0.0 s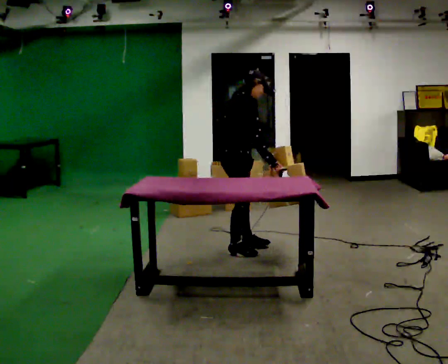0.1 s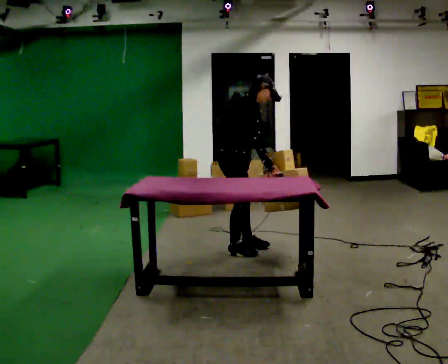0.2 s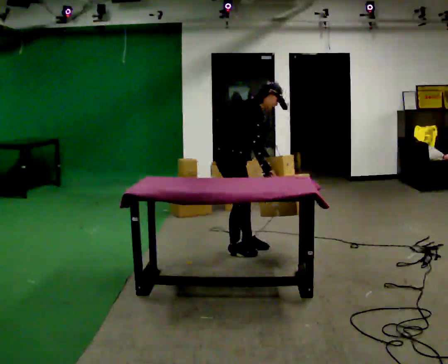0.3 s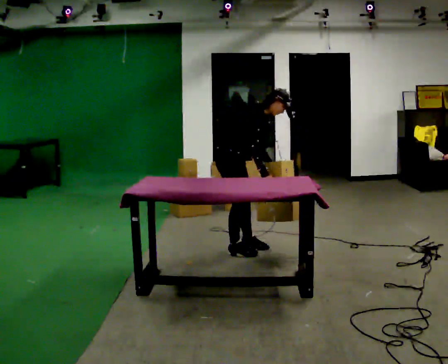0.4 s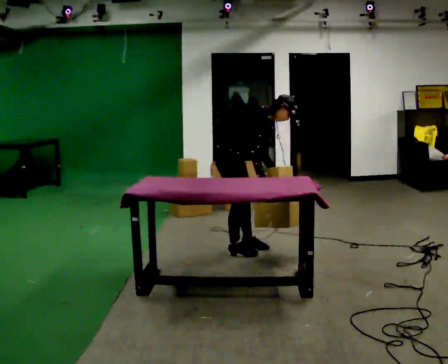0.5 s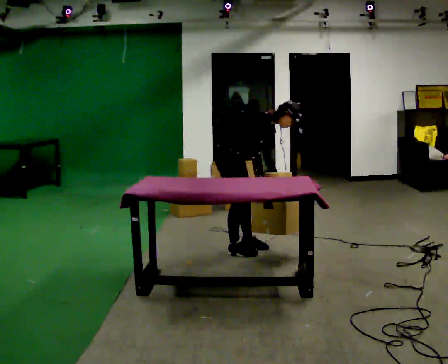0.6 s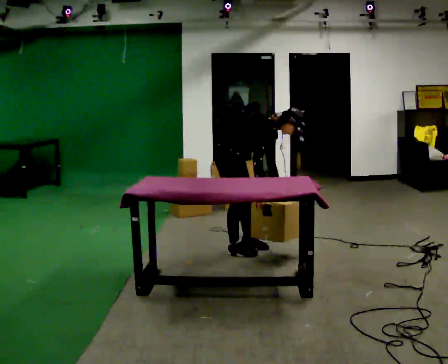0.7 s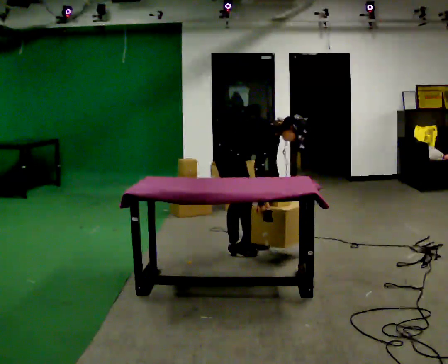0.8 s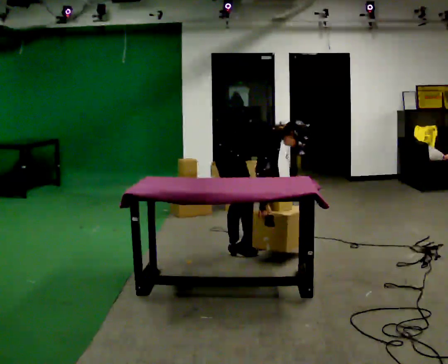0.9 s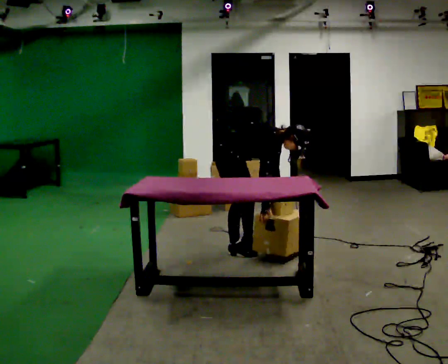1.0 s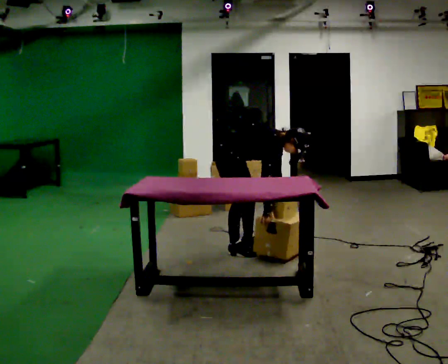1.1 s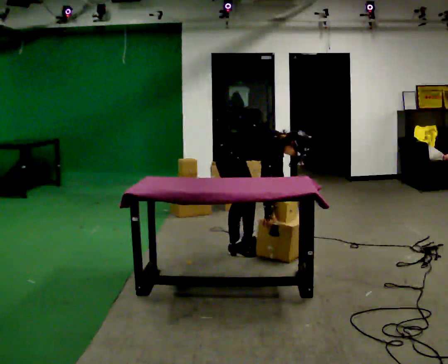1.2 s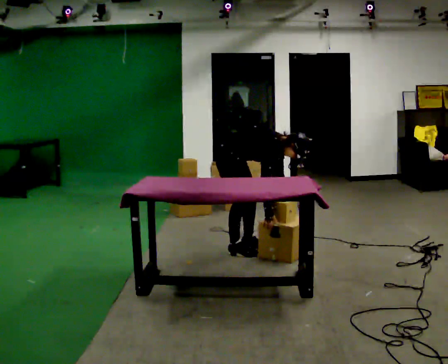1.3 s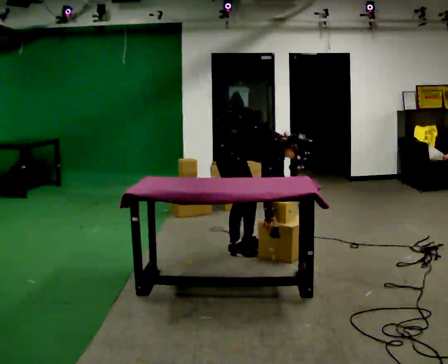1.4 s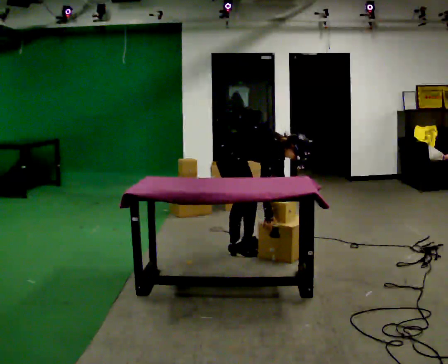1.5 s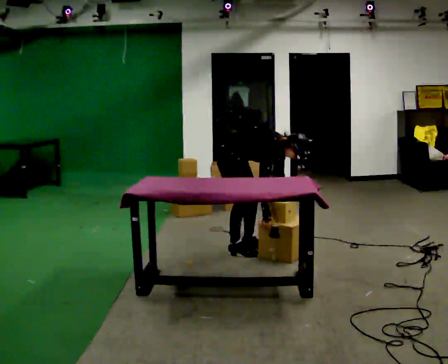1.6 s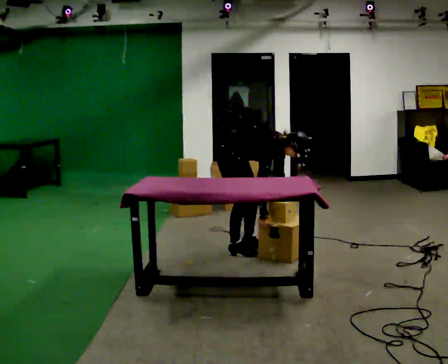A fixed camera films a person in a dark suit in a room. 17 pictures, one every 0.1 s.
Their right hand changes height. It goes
downward.
The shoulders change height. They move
downward.
0.0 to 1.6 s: The person turns about 30 degrees to their right, clockwise seen from above, so the part of the body nearest the lens slides to the left. In the picture they go away from the camera, about 0.25 m, which for them is to their left. The shoulders move downward. In the picture the upper body tilts clockwise, shoulders to the right, as they bend forward. In the picture their right hand goes downward.
The film runs backward here.
